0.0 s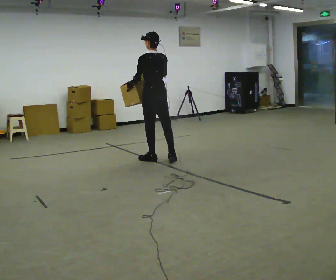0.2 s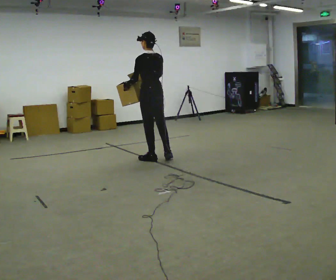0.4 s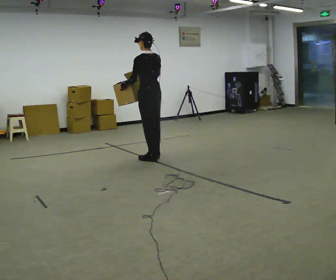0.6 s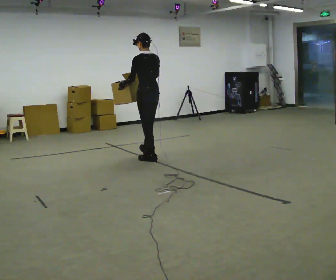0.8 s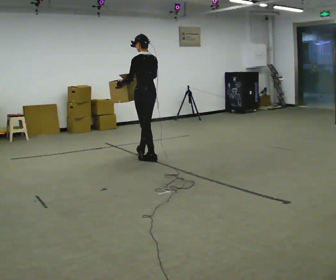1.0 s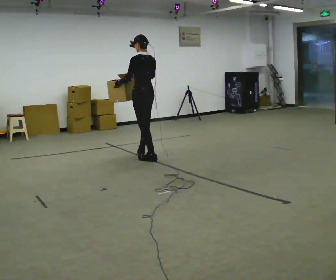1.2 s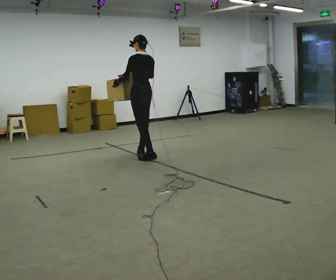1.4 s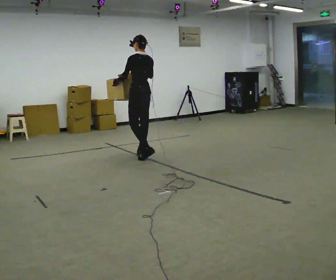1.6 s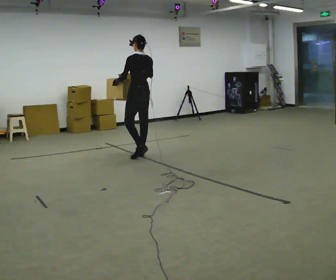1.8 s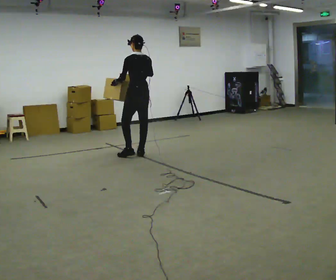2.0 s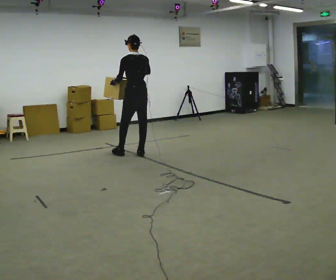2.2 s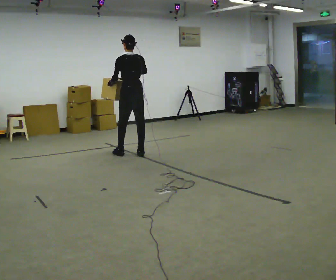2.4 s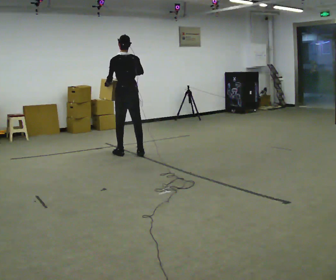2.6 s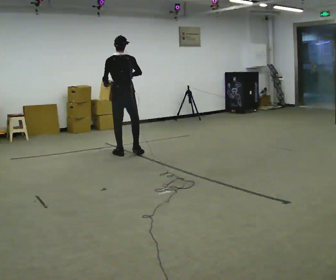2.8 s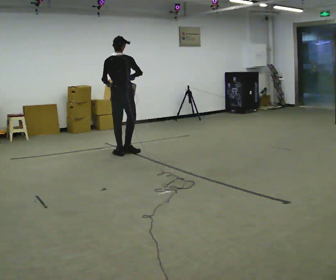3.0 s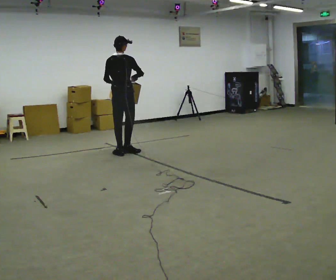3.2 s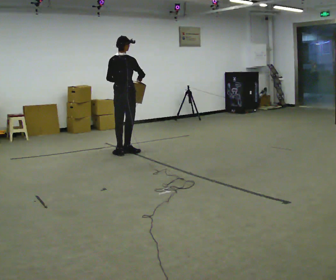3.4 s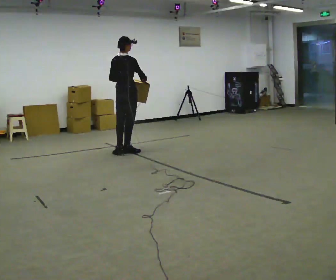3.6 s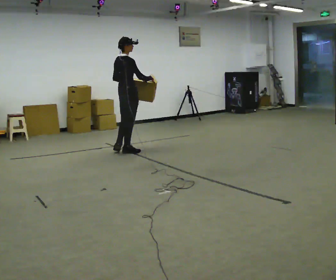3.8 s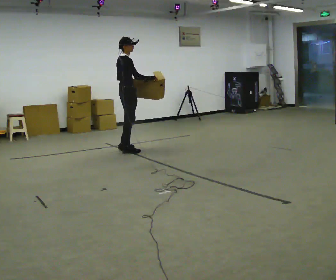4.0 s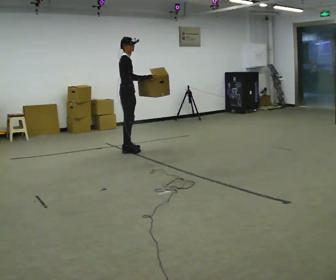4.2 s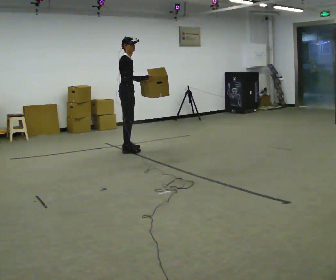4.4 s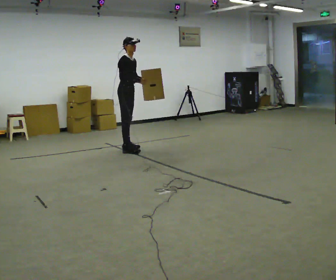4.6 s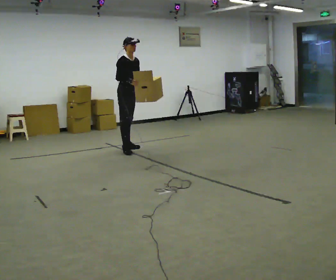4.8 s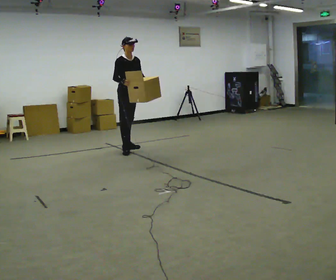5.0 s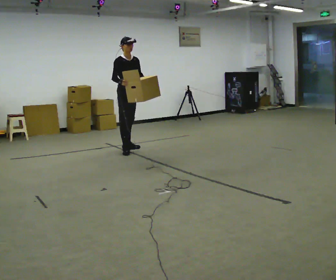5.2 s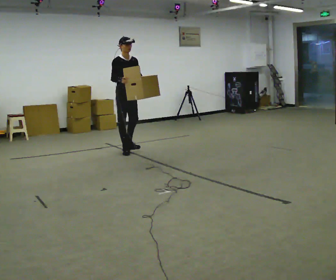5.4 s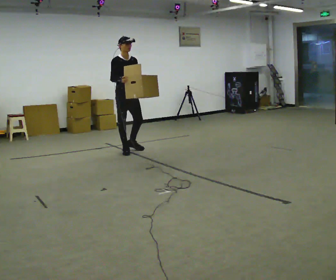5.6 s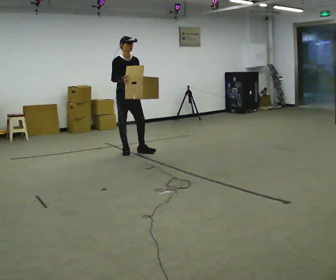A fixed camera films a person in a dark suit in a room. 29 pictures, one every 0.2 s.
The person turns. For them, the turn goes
to their right.
Their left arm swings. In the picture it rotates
counterclockwise.
0.0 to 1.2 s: In the picture they go away from the camera and to the left, about 0.25 m in 1 step, which for them is forward.
1.2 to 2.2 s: In the picture they go away from the camera, about 0.25 m in 1 step, which for them is forward.
2.2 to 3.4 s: The part of the body nearest the lens slides to the left as the person turns to their right by about 45 degrees. In the picture they go away from the camera, about 0.25 m in 1 step, which for them is forward and to their left.
3.4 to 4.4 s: The part of the body nearest the lens slides to the left as the person turns to their right by about 90 degrees. In the picture they go away from the camera, about 0.25 m in 1 step.
4.4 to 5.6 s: The person turns about 30 degrees to their right, clockwise seen from above, so the part of the body nearest the lens slides to the left. In the picture they go toward the camera, about 0.25 m, which for them is forward and to their right.
The film runs forward here.
